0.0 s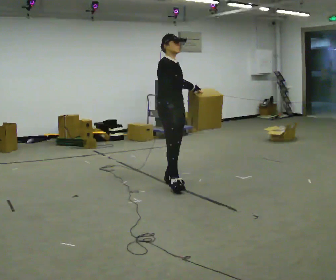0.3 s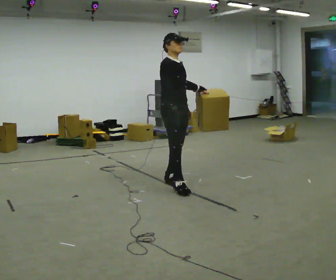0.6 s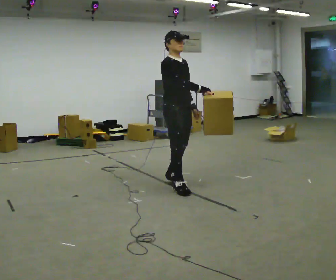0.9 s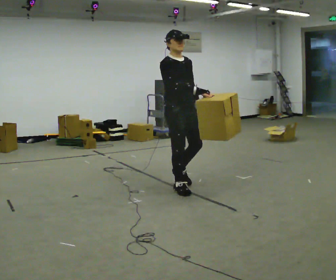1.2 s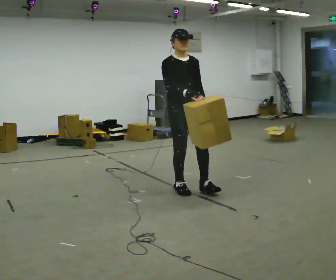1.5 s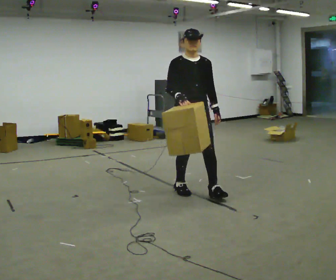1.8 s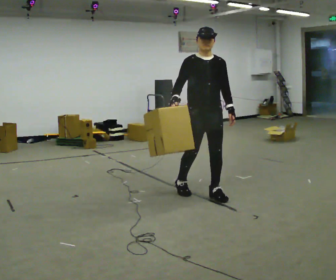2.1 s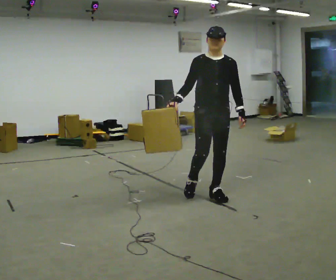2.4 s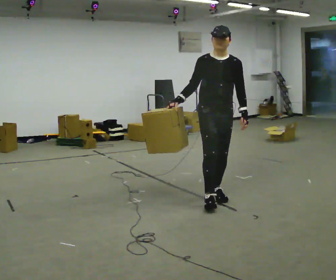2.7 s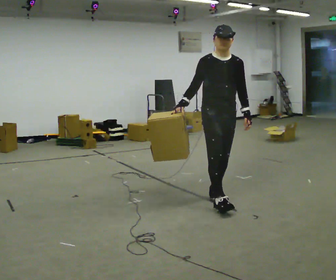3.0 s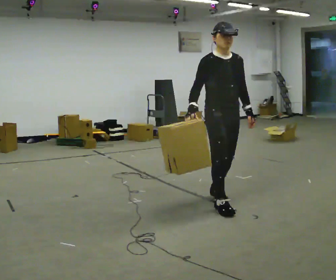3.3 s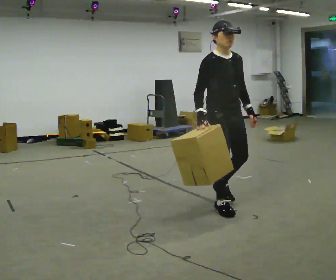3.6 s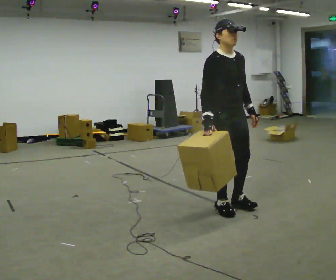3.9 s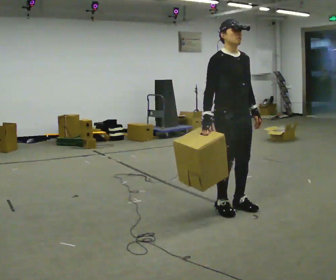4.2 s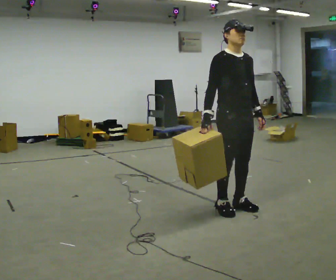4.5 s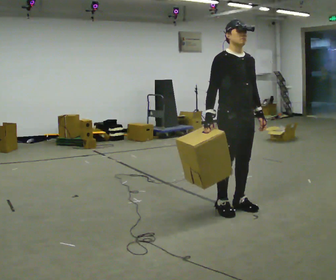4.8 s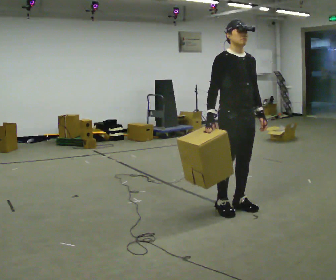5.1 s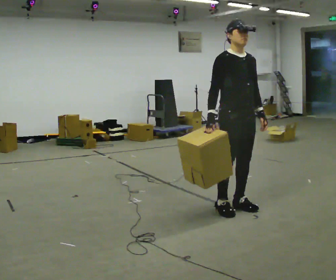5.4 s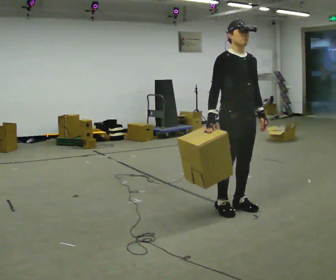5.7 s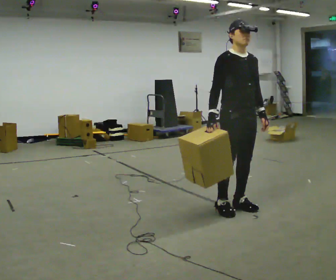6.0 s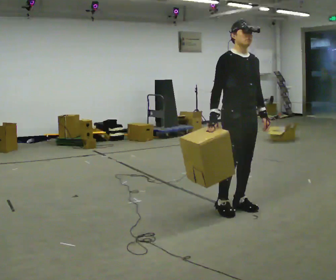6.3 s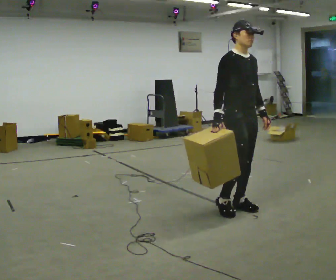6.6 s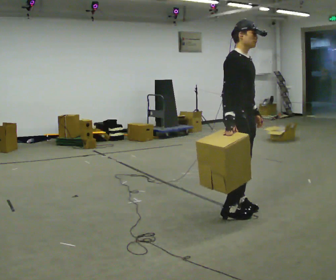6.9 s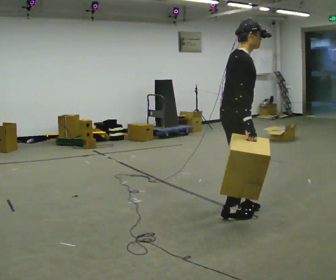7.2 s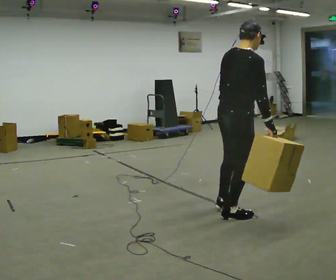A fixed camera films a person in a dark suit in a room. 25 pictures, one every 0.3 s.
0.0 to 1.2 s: Seen from above the body turns clockwise, about 30 degrees: to their right, with its near side sliding to the left. In the picture they go toward the camera and to the right, about 0.25 m in 1 step, which for them is forward and to their right.
1.2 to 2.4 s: In the picture they go to the right and toward the camera, about 0.5 m in 1 step, which for them is forward and to their left.
2.4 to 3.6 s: In the picture they go toward the camera, about 0.25 m in 1 step, which for them is forward.
3.6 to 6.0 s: The person moves a little, or ends about where they began.
6.0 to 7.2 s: Seen from above the body turns counterclockwise, about 90 degrees: to their left, with its near side sliding to the right. In the picture they go toward the camera, about 0.25 m in 1 step. In the picture their left hand goes to the left.
The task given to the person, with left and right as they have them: Carry the object in the hand the operator calls, down at your side, walking back and forth across the room.
The film runs forward here.
